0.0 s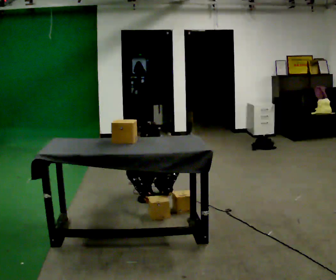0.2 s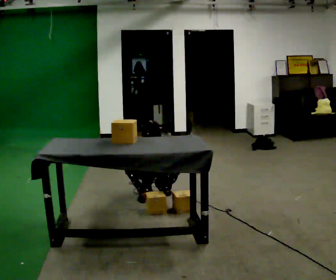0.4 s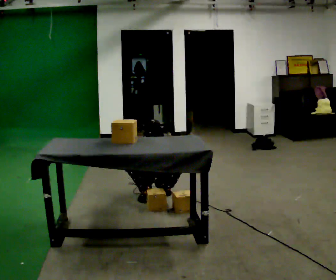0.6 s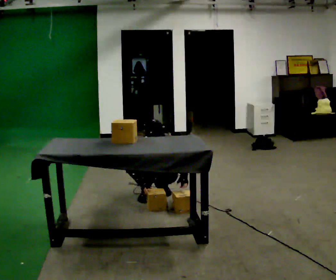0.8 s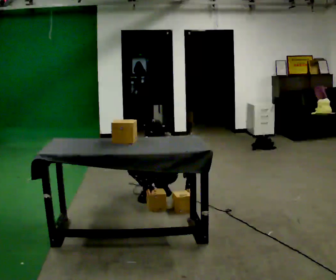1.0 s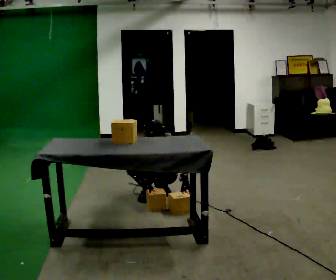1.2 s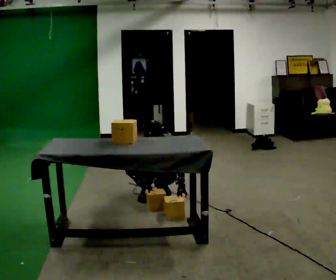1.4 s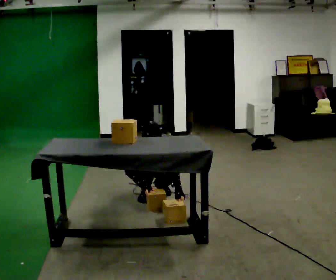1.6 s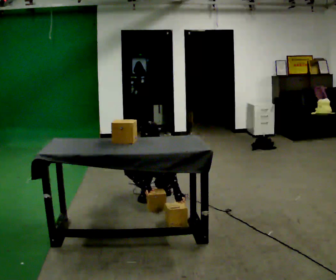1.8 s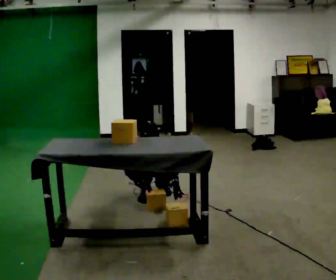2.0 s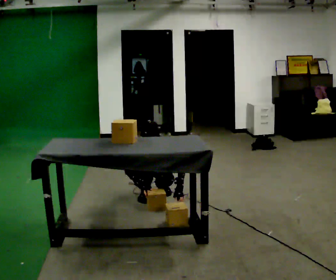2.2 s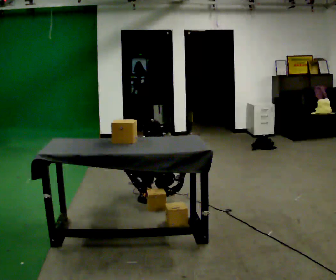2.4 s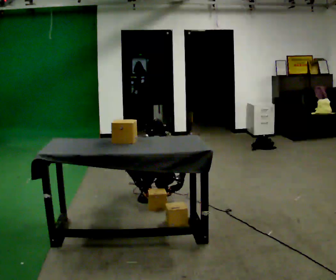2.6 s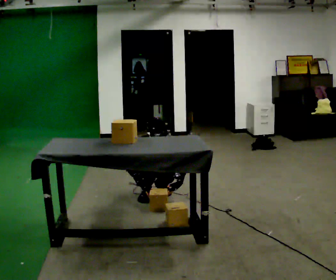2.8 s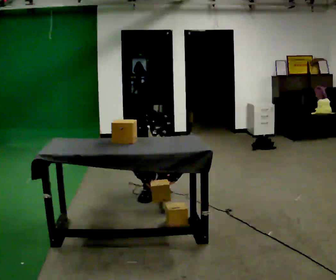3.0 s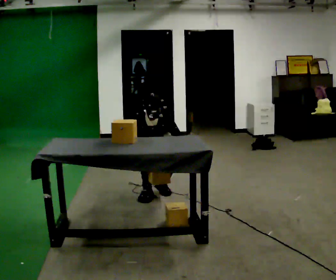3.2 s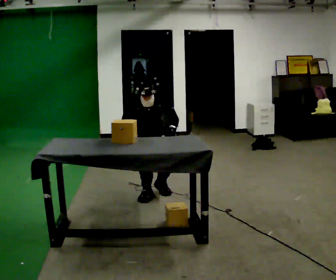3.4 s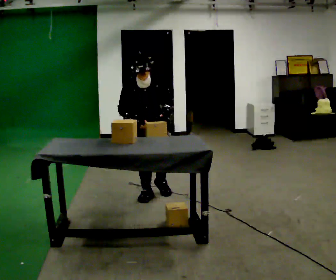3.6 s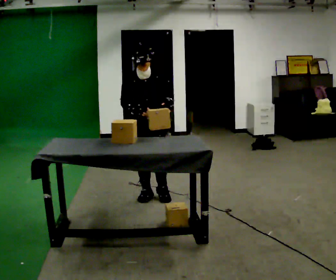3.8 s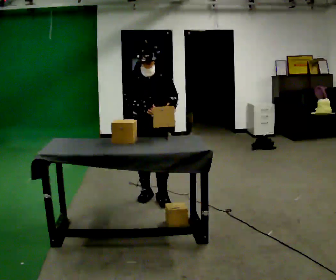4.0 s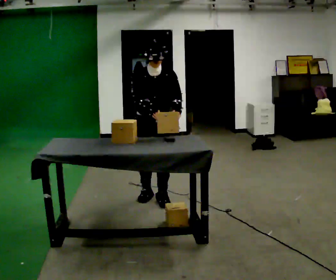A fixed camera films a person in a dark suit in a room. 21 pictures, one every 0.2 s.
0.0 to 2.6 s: The person moves a little, or ends about where they began.
2.6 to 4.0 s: In the picture they go toward the camera, about 0.25 m in 1 step, which for them is forward. The upper body goes upward. The upper body tips away from the camera, its near side rolling upward, as they lean back or straighten. In the picture their right hand goes upward.
The film runs forward here.
